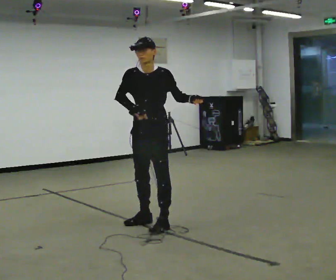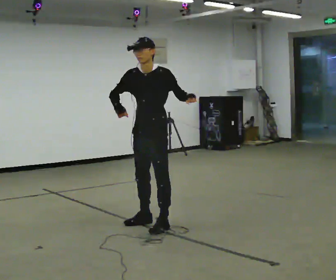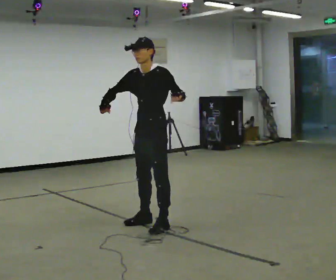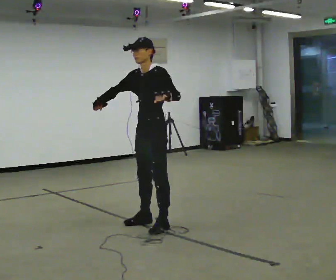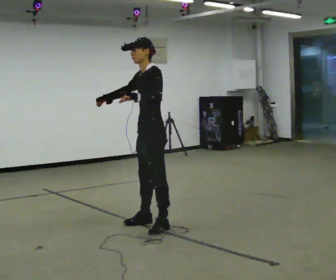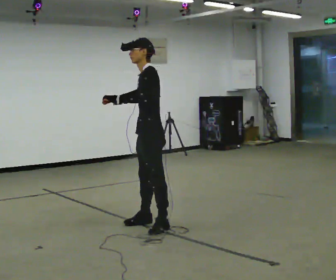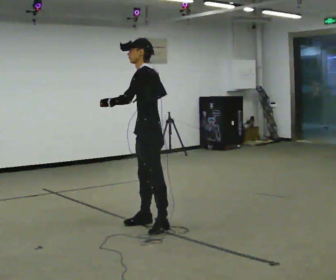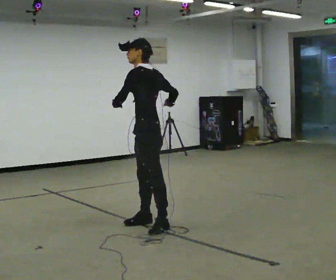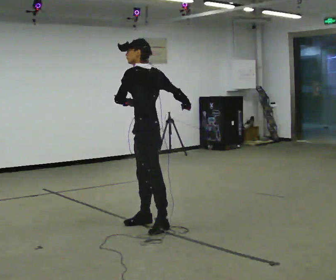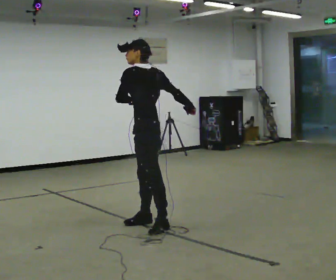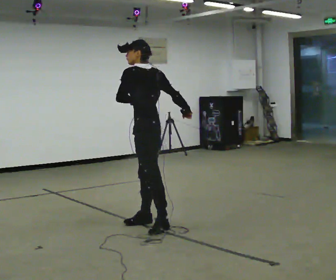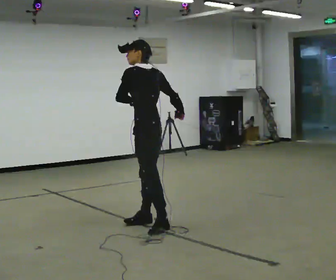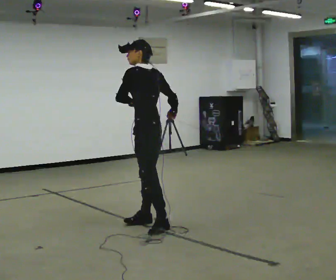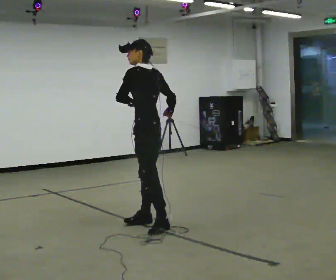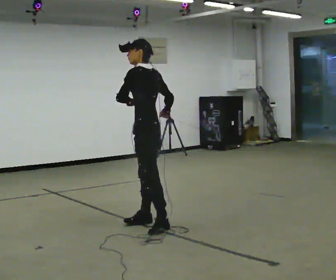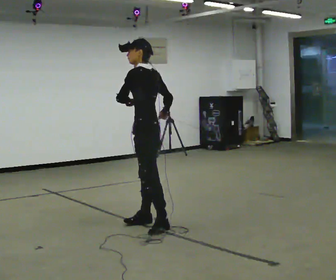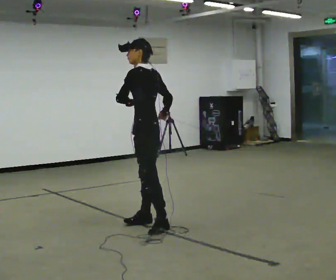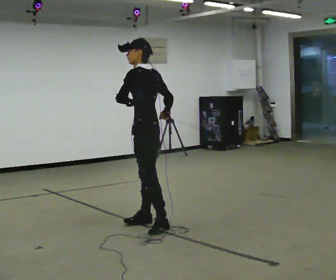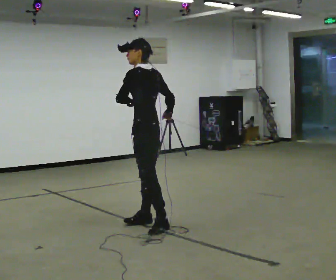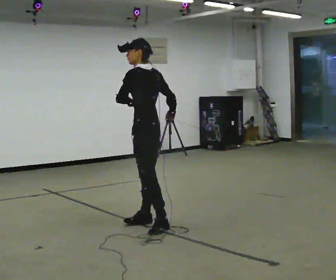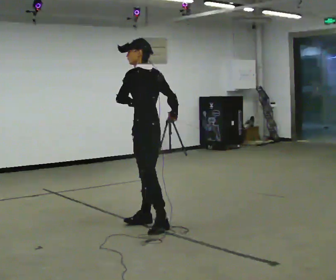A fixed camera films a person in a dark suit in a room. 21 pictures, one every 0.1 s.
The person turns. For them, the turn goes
to their right.
The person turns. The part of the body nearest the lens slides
to the left.
0.0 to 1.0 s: Seen from above the body turns clockwise, about 90 degrees: to their right, with its near side sliding to the left. In the picture their right hand goes to the right.
1.0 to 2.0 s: The person moves a little, or ends about where they began.
The film runs forward here.
